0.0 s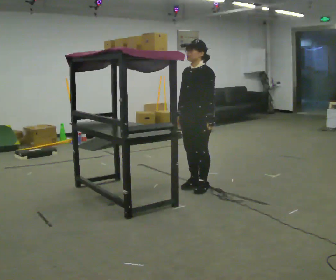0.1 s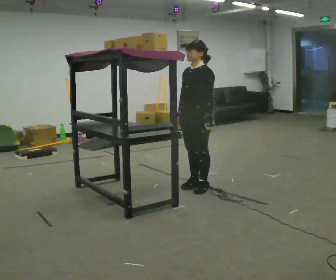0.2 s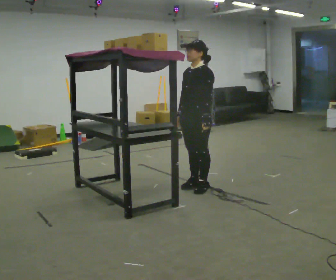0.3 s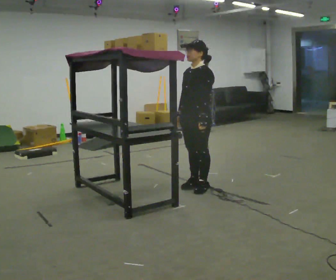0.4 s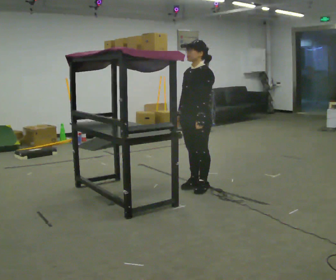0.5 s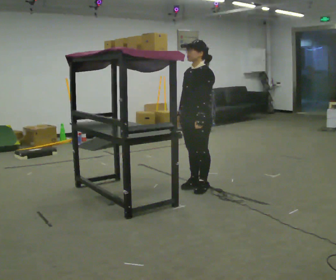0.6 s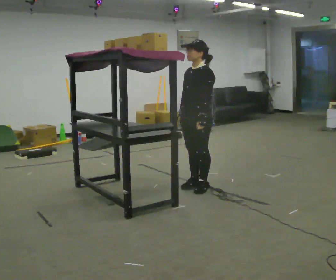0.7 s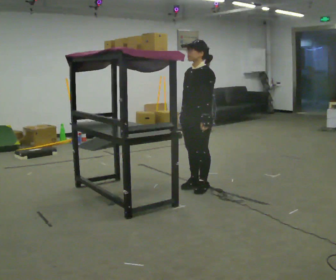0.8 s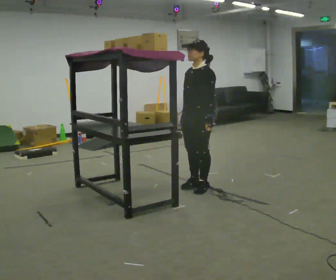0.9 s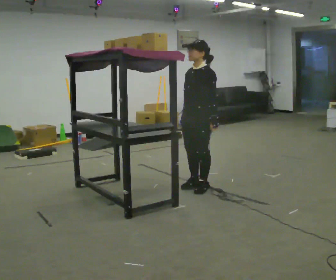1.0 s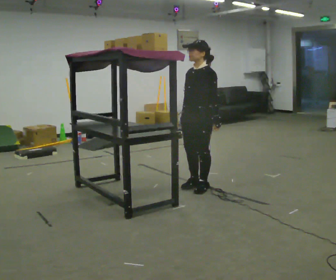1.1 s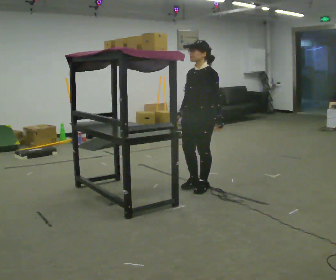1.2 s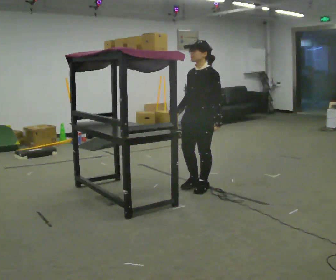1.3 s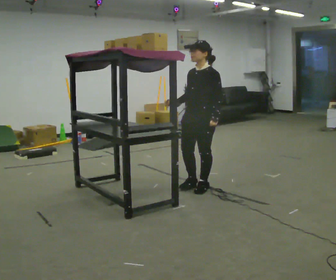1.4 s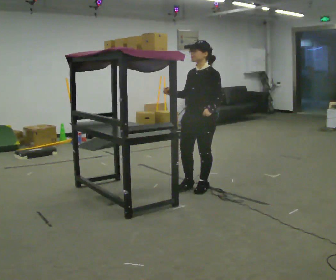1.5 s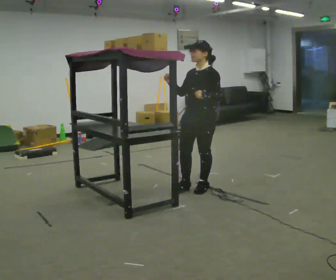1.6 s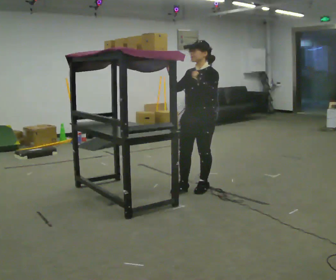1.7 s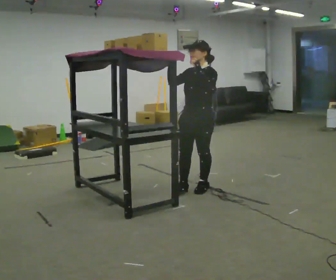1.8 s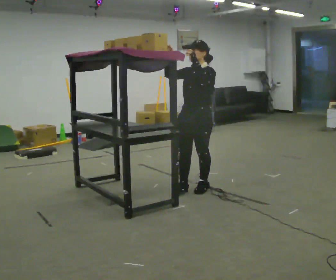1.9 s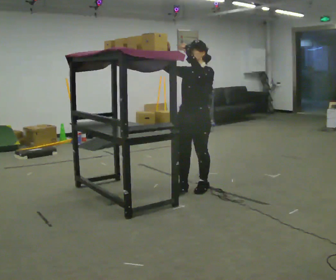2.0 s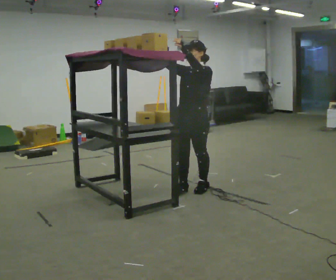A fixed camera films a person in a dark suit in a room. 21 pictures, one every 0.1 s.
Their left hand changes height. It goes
upward.
Their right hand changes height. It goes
upward.
0.0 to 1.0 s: The person moves a little, or ends about where they began.
1.0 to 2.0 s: In the picture their right hand goes upward, the arm swinging clockwise.
The film runs backward here.
